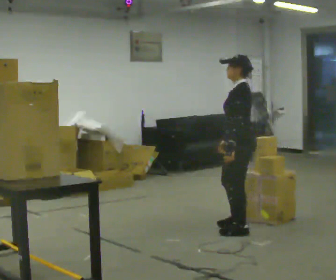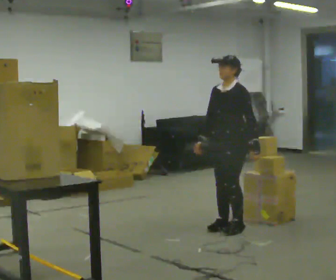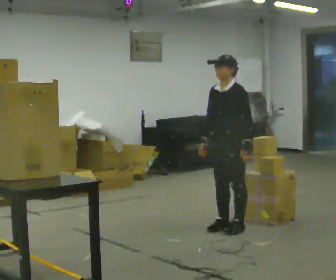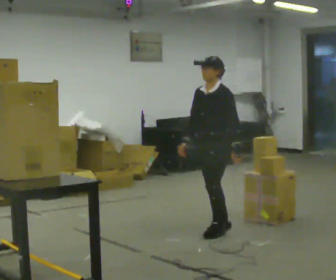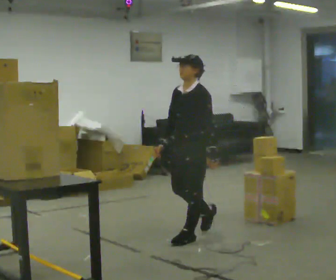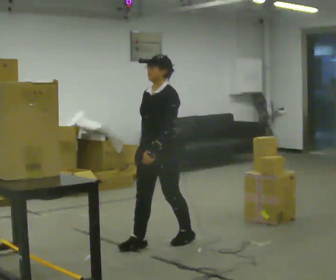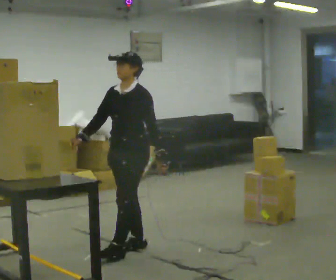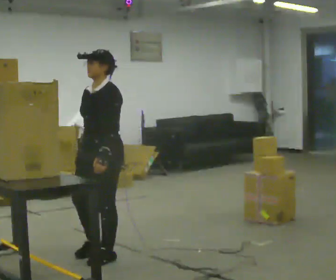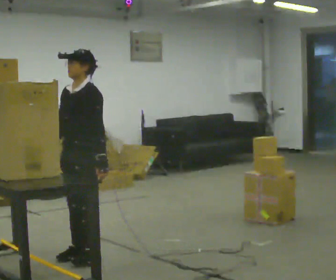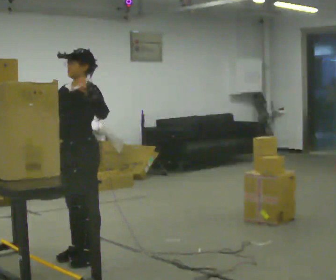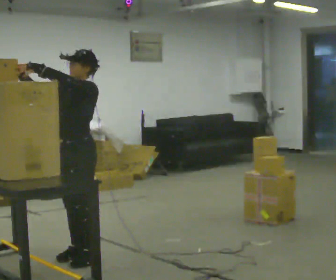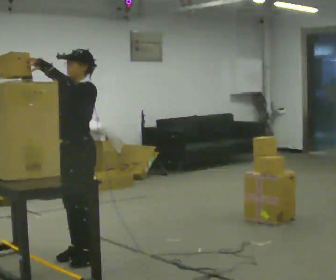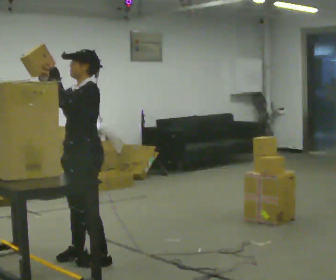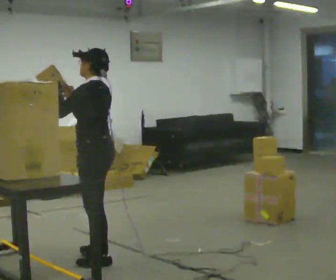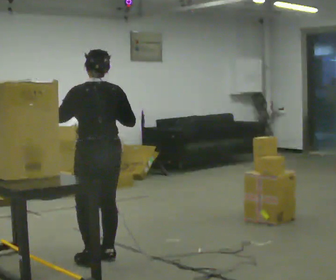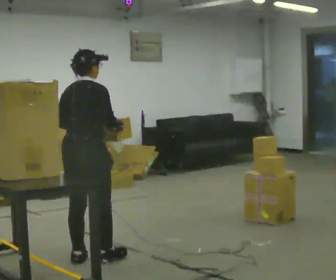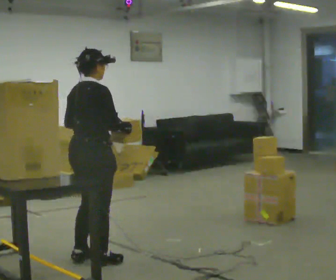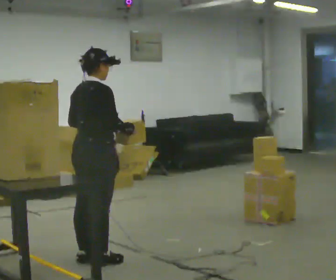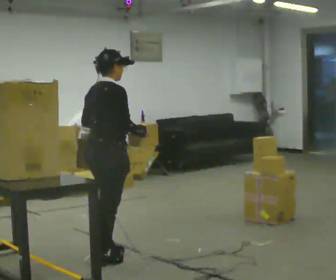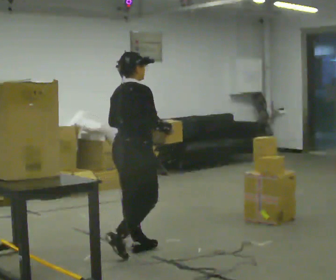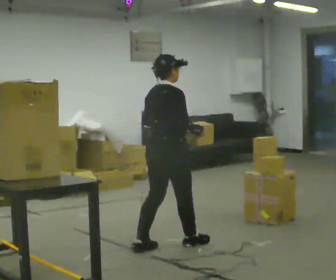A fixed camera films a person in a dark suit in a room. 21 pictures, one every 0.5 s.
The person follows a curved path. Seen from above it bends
counterclockwise.
0.0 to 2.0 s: The part of the body nearest the lens slides to the right as the person turns to their left by about 45 degrees. In the picture they go to the left, about 0.5 m in 3 steps, which for them is forward.
2.0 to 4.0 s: In the picture they go to the left and toward the camera, about 1 m in 3 steps, which for them is forward.
4.0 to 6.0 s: In the picture their left hand goes upward and to the left.
6.0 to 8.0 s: The person turns about 165 degrees to their right, clockwise seen from above, so the part of the body nearest the lens slides to the left. In the picture their right hand goes to the right and downward.
8.0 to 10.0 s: In the picture they go to the right and away from the camera, about 0.5 m in 2 steps, which for them is forward.
The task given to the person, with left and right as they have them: Take an object down from the highest shelf you can comfortably reach, carry it across, and place it on the waist-height shelf. Keep going until the operator says stop; one object at a time, and do not rush between trips.
The film runs forward here.
